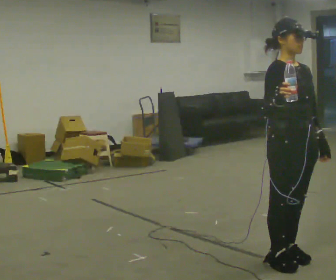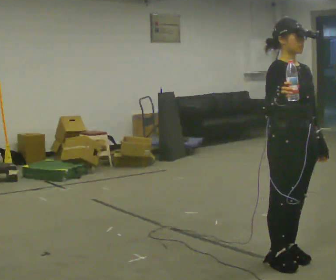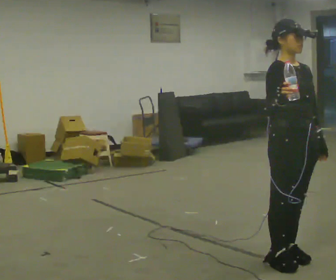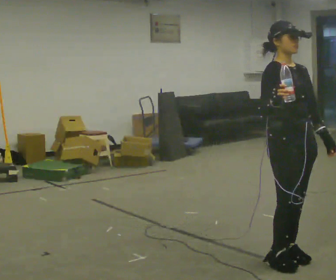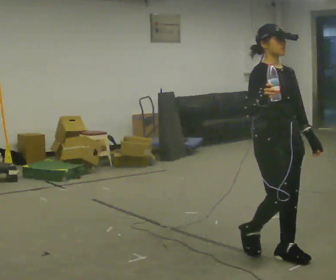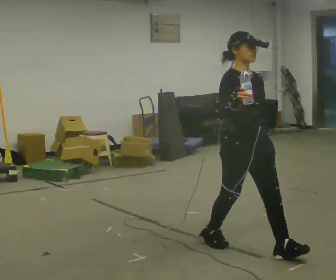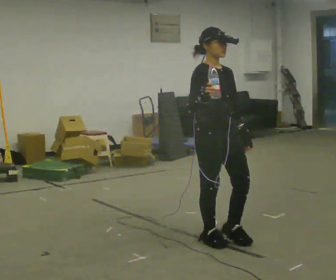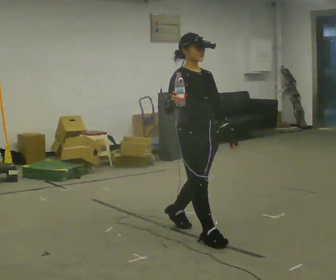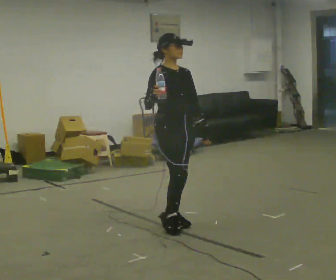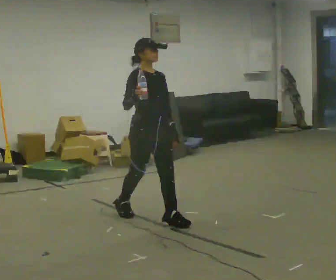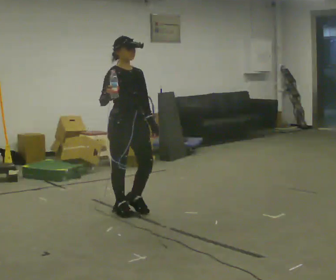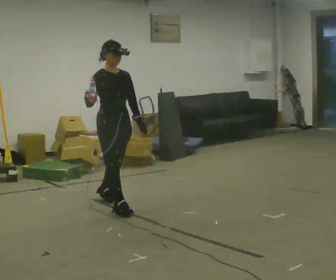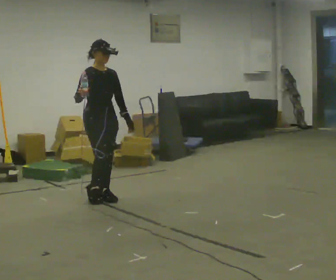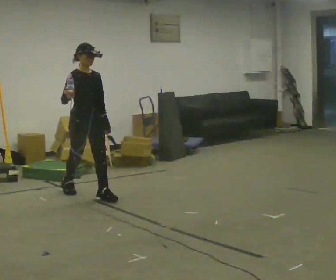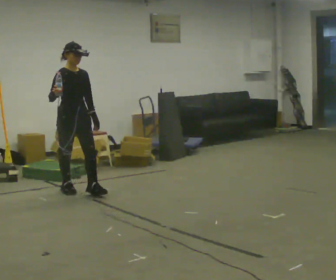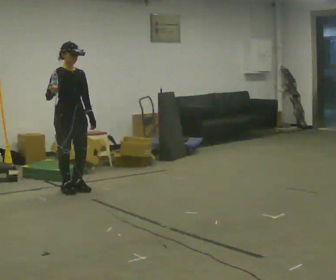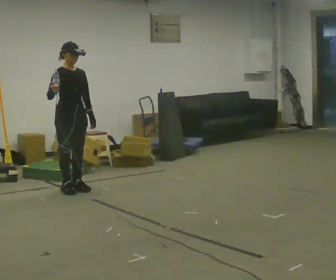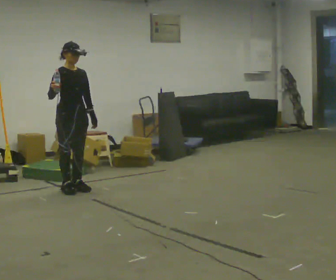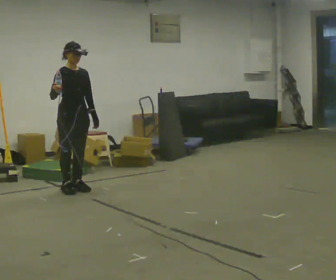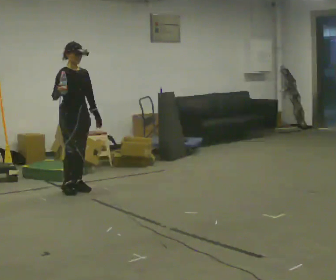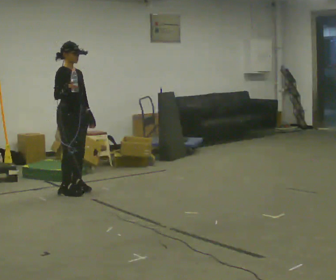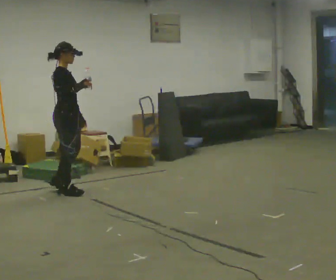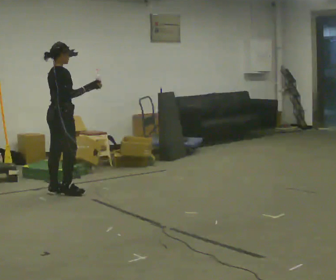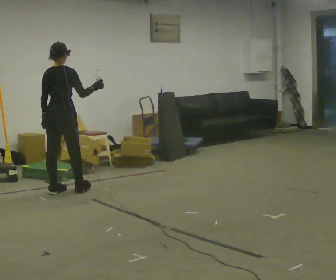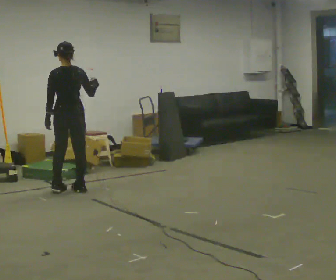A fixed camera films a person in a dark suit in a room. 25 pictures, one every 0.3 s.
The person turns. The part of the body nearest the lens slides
to the right.
The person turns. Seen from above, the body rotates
counterclockwise.
0.0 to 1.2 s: In the picture they go away from the camera, about 0.25 m in 1 step, which for them is backward.
1.2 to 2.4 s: In the picture they go away from the camera and to the left, about 1 m in 2 steps, which for them is backward.
2.4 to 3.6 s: In the picture they go away from the camera and to the left, about 1 m in 2 steps, which for them is backward.
3.6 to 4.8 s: In the picture they go away from the camera and to the left, about 0.5 m in 1 step, which for them is backward.
4.8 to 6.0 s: The person moves a little, or ends about where they began.
6.0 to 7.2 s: The person turns about 135 degrees to their left, counterclockwise seen from above, so the part of the body nearest the lens slides to the right. In the picture their right hand goes to the right.
The film runs backward here.
